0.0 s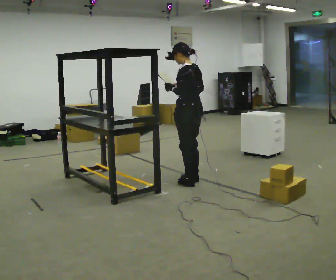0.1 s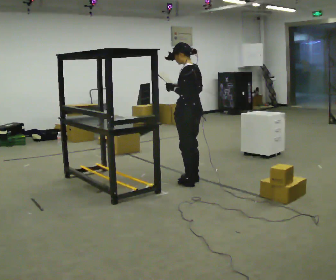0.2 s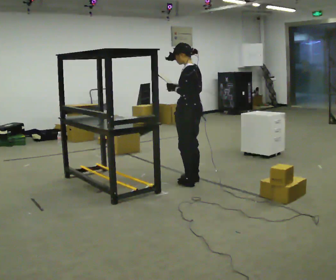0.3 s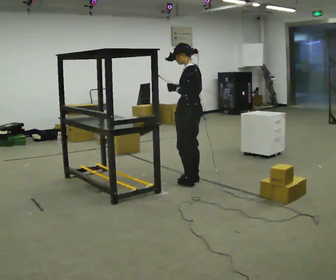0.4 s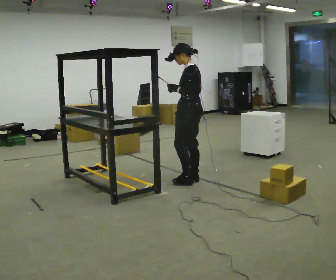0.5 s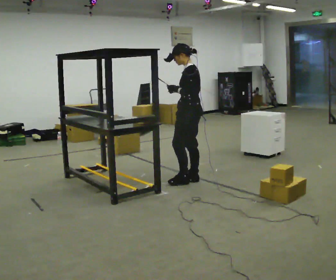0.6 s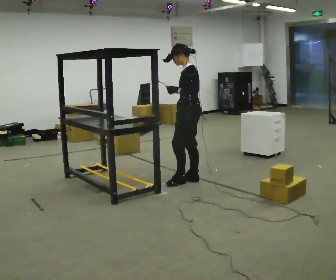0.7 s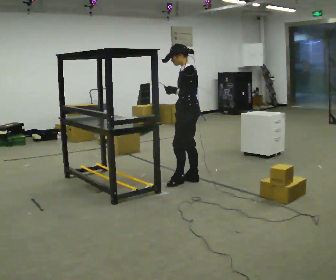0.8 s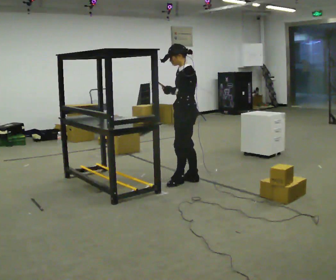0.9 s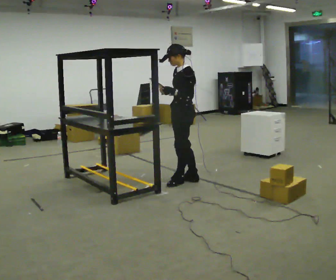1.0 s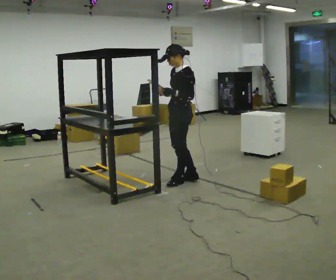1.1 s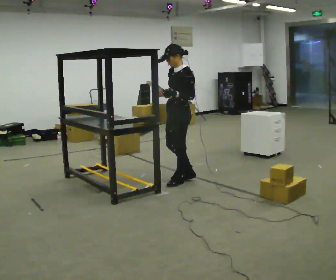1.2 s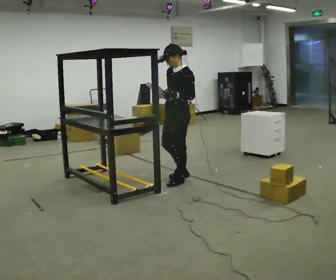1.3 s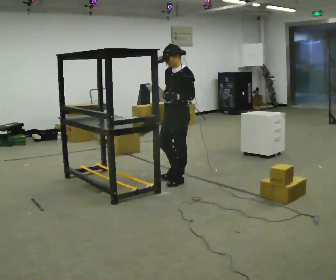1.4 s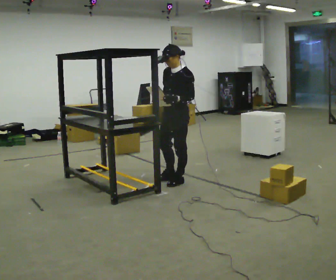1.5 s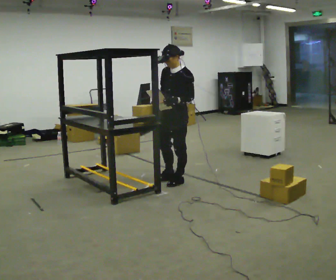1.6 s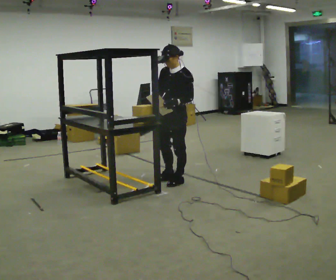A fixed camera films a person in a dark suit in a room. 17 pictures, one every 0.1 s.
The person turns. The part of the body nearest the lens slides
to the right.
The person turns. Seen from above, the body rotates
counterclockwise.
0.0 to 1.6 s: The person turns about 75 degrees to their left, counterclockwise seen from above, so the part of the body nearest the lens slides to the right. In the picture they go to the left, about 0.25 m in 2 steps. In the picture their right hand goes to the left.
The film runs backward here.
